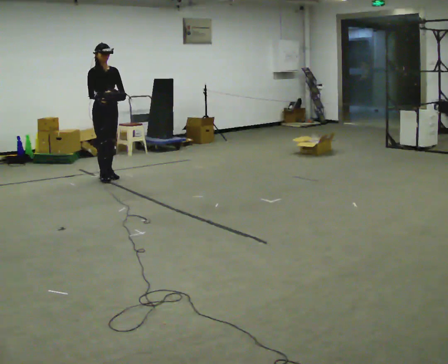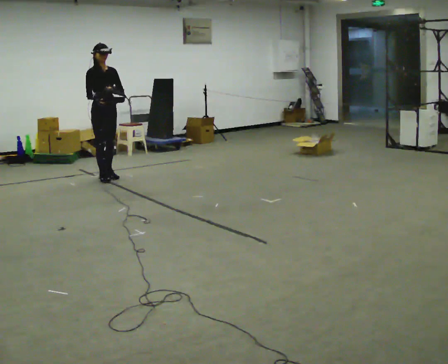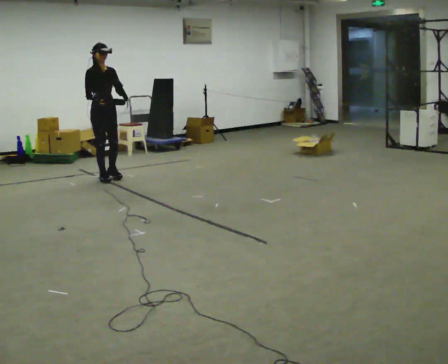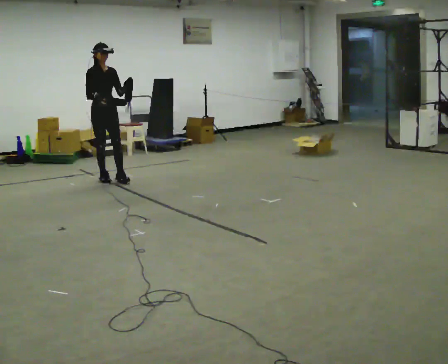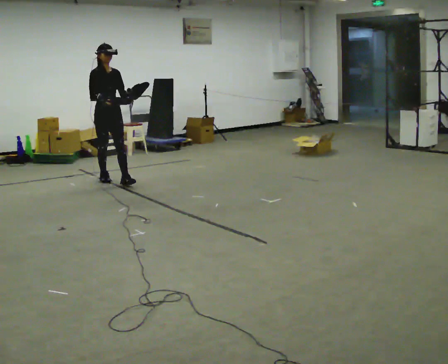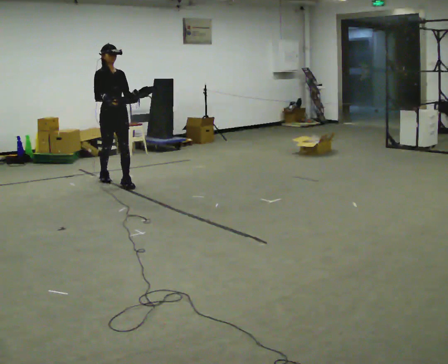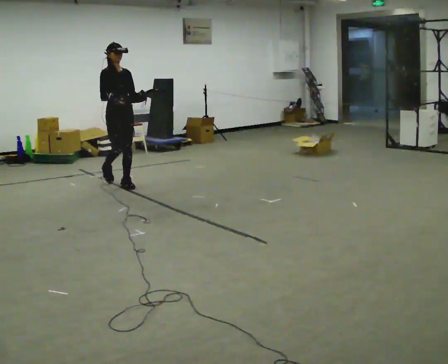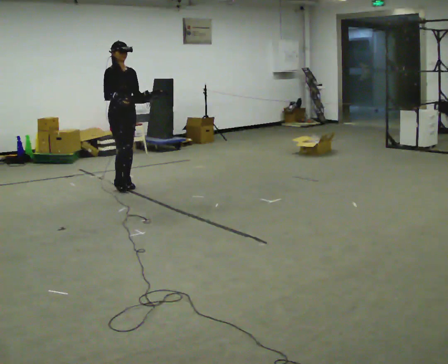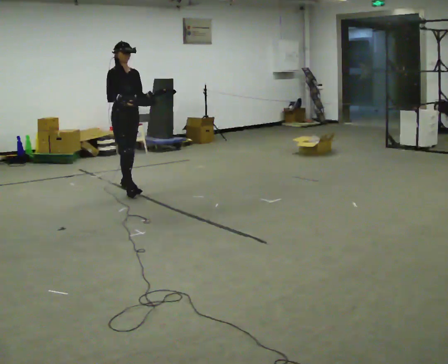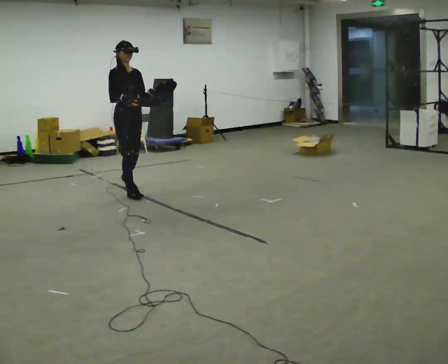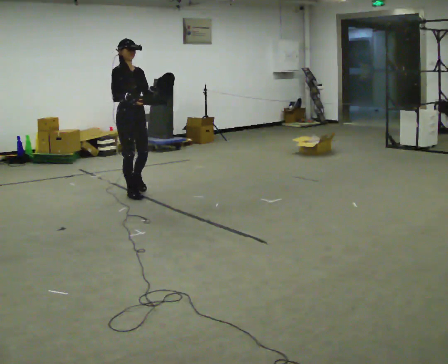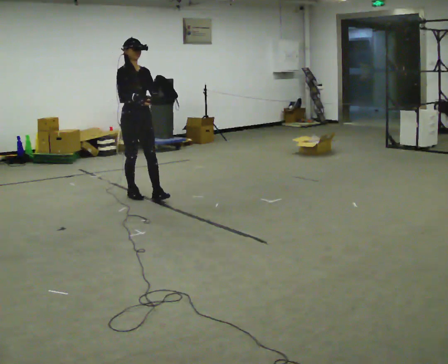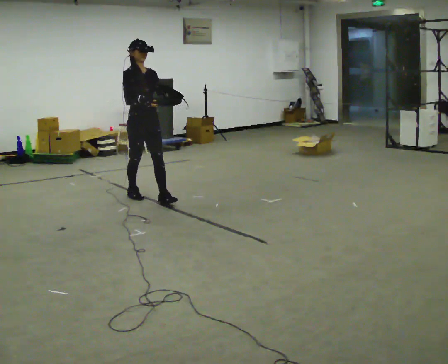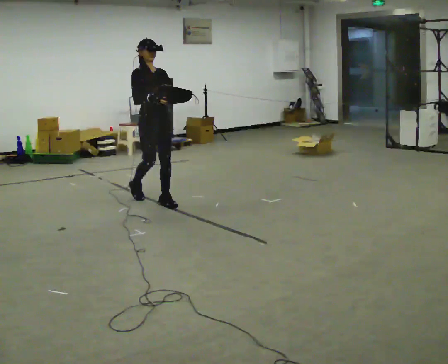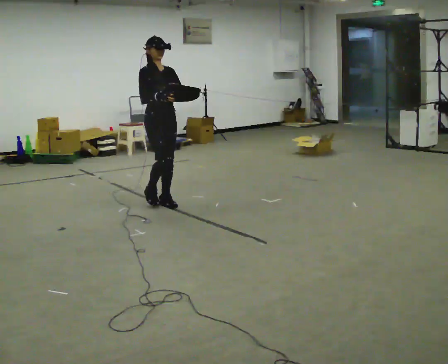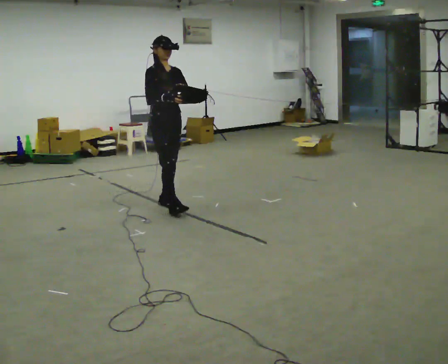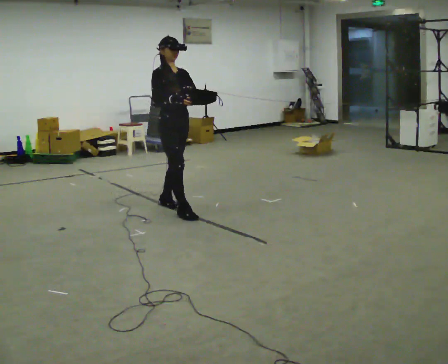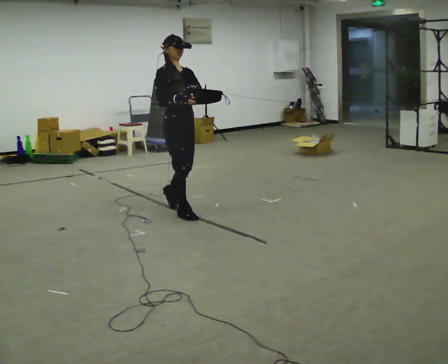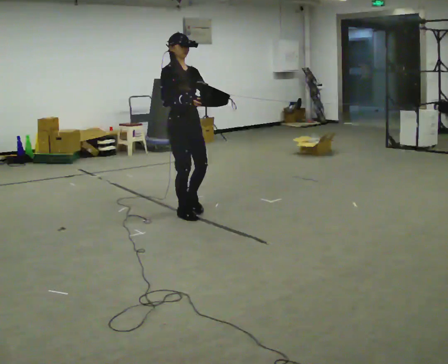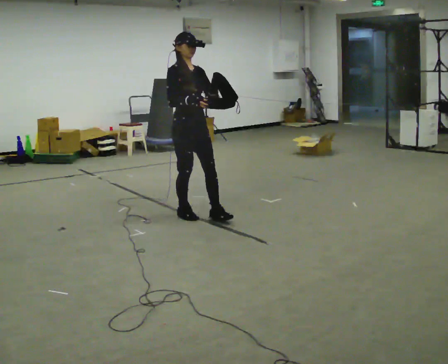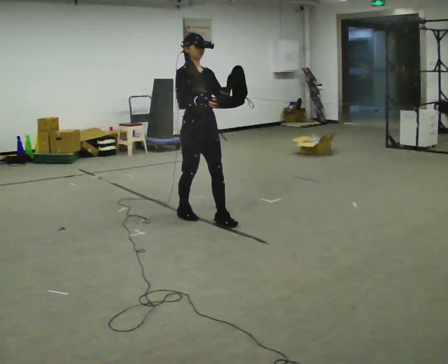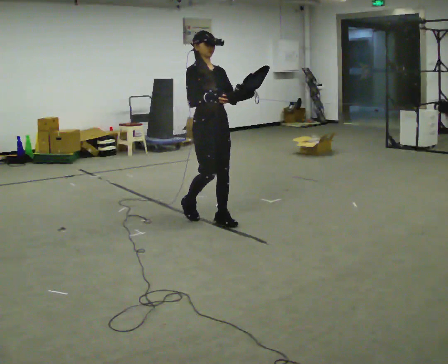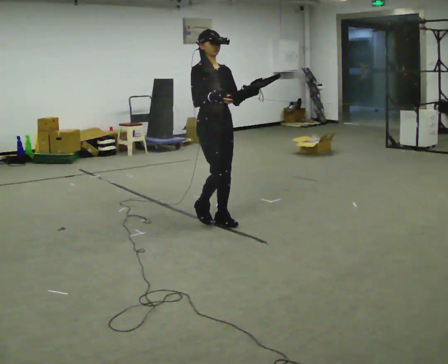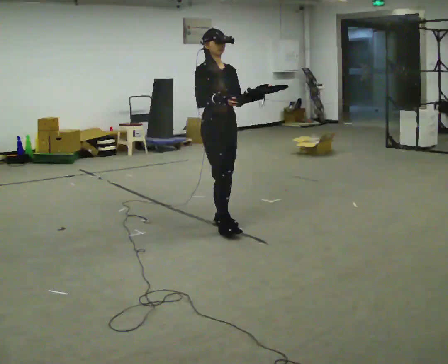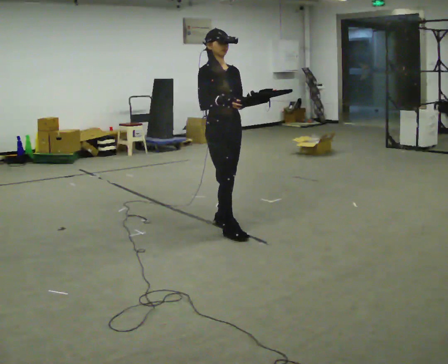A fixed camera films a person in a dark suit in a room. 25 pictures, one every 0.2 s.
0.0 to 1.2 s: In the picture they go toward the camera and to the right, about 0.5 m in 1 step, which for them is forward.
1.2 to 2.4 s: In the picture they go toward the camera and to the right, about 0.75 m in 2 steps, which for them is forward.
2.4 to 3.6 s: In the picture they go toward the camera and to the right, about 0.75 m in 1 step, which for them is forward.
3.6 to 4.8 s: In the picture they go toward the camera and to the right, about 0.5 m in 2 steps, which for them is forward.
The film runs forward here.
